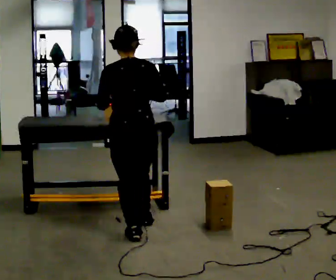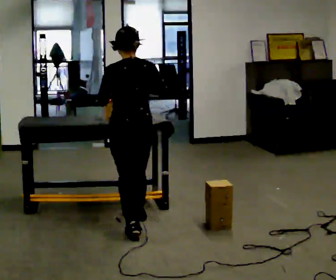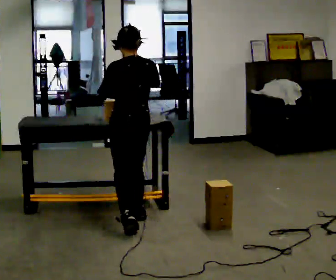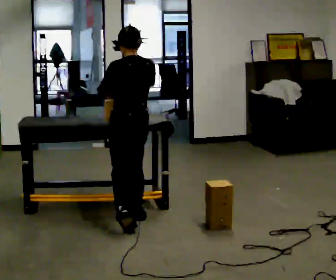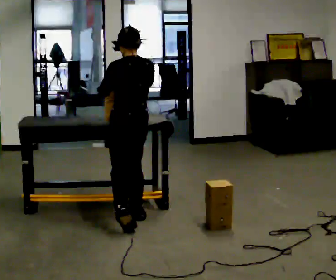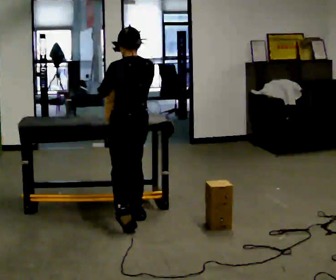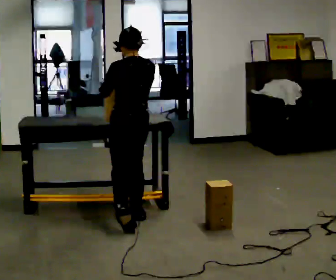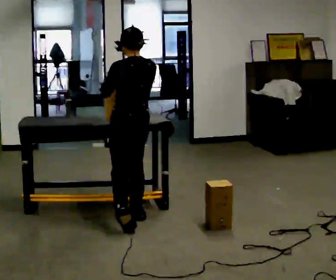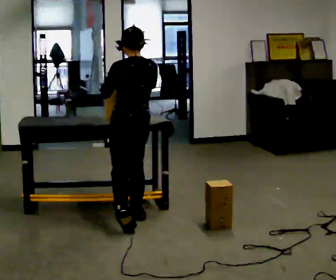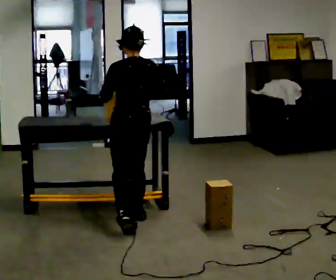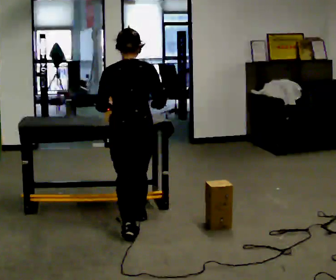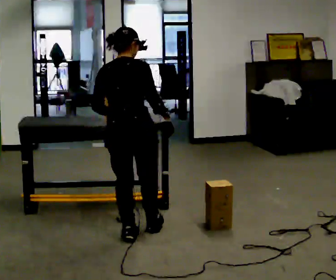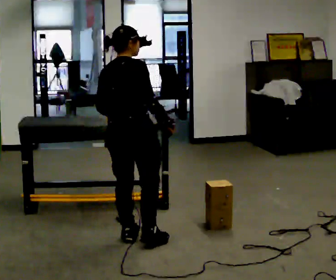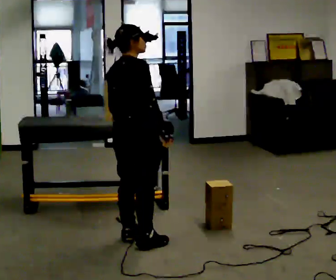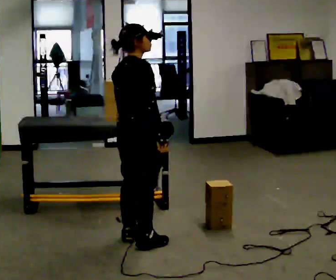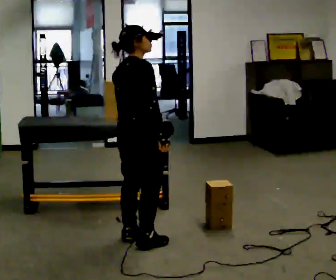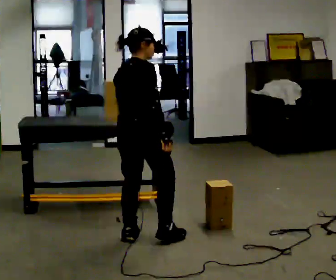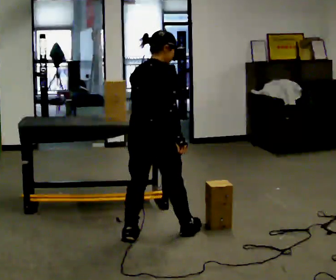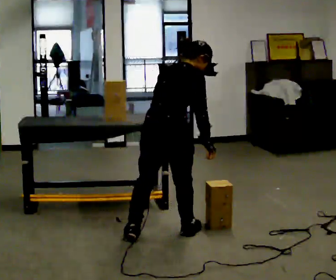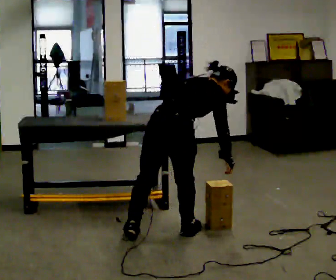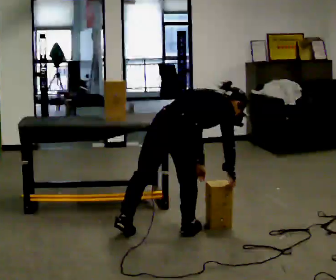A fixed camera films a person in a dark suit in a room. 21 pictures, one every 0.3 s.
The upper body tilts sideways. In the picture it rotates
clockwise.
0.0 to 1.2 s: In the picture they go away from the camera, about 0.25 m in 1 step, which for them is forward and to their right.
1.2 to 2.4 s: The person moves a little, or ends about where they began.
2.4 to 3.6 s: The part of the body nearest the lens slides to the left as the person turns to their right by about 75 degrees. In the picture they go toward the camera, about 0.5 m.
3.6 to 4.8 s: The person moves a little, or ends about where they began.
4.8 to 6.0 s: In the picture they go to the right, about 0.25 m in 1 step, which for them is to their right and forward. The shoulders move downward. In the picture the upper body tilts clockwise, shoulders to the right, as they bend forward. In the picture their right hand goes downward.
The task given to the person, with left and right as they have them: Carry the object over and line it up with the mark on the surface as accurately as you can. Keep going until the operator says stop; one object at a time, and do not rush between trips.
The film runs forward here.
